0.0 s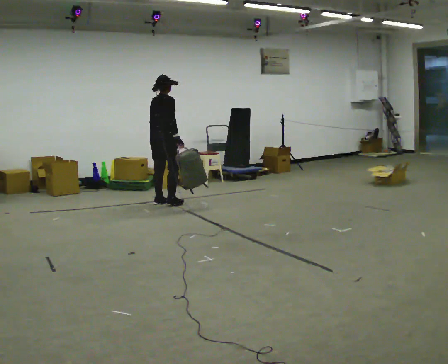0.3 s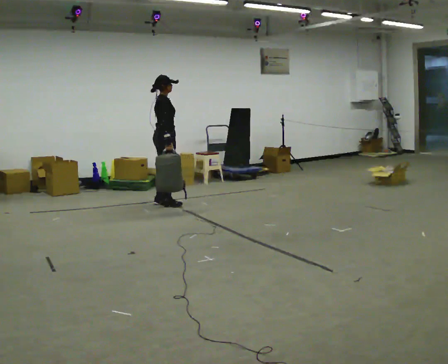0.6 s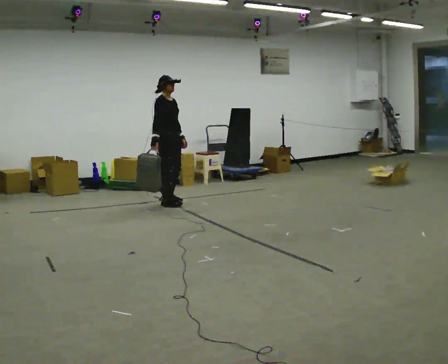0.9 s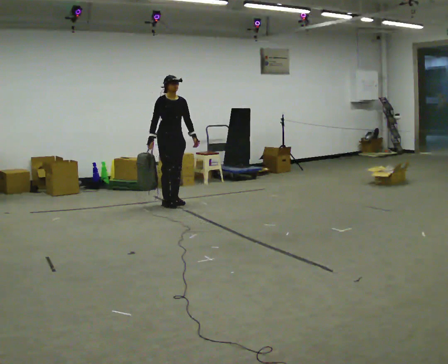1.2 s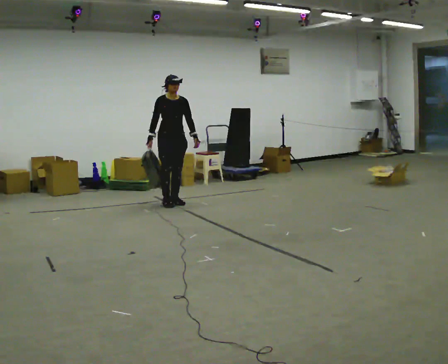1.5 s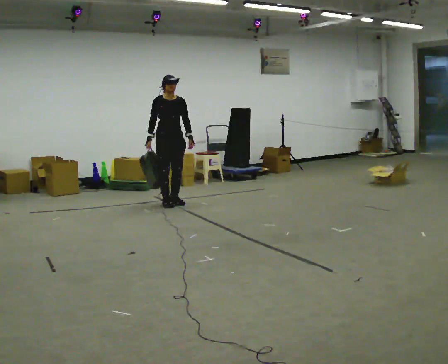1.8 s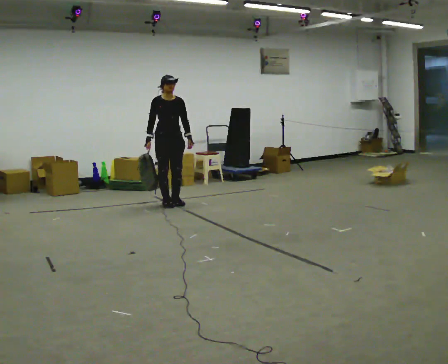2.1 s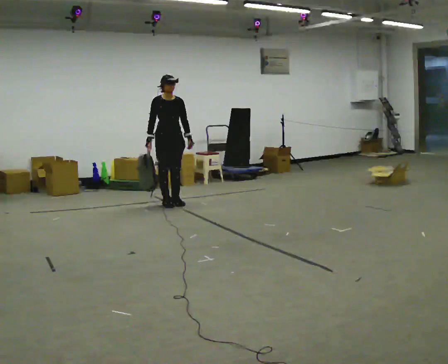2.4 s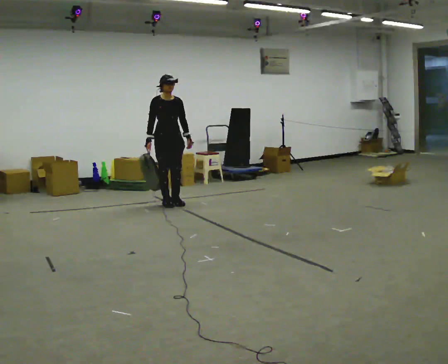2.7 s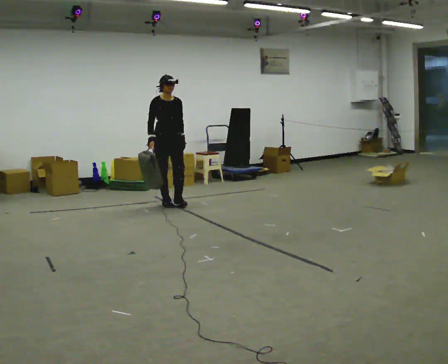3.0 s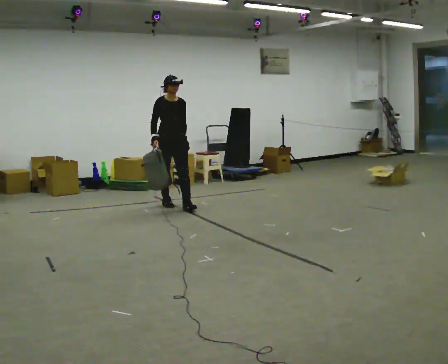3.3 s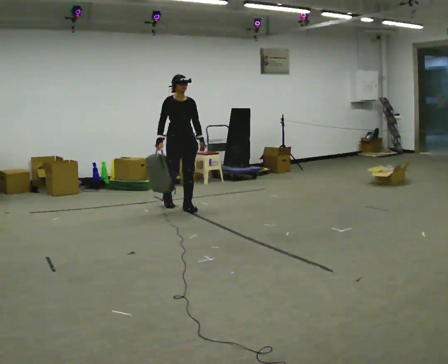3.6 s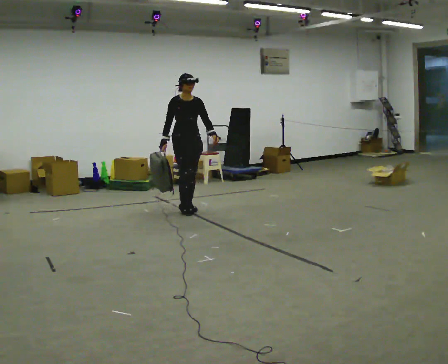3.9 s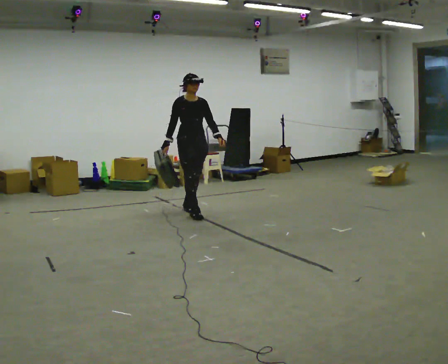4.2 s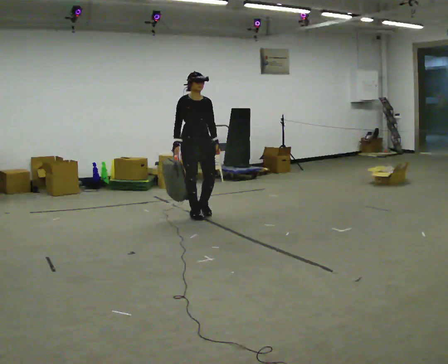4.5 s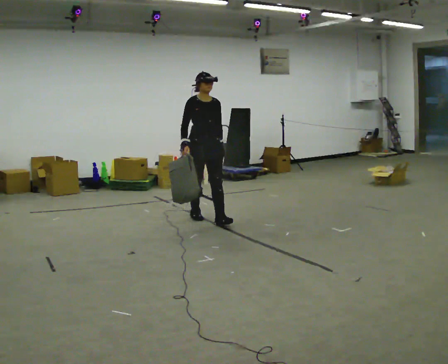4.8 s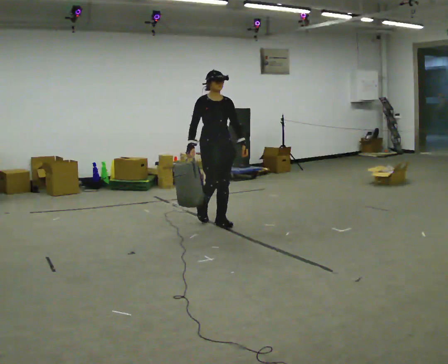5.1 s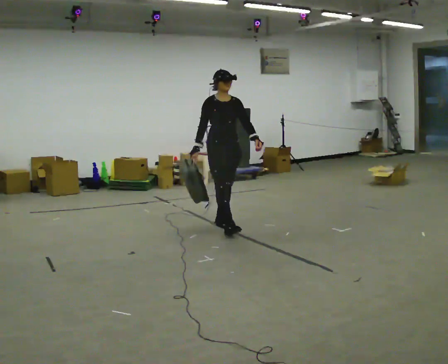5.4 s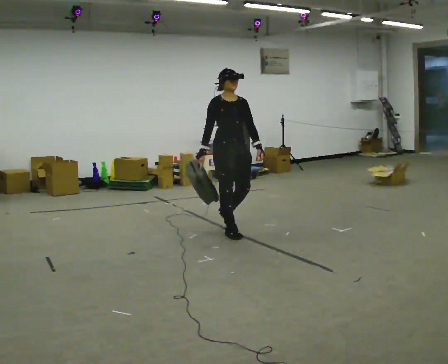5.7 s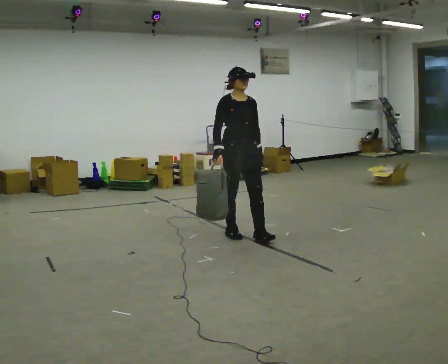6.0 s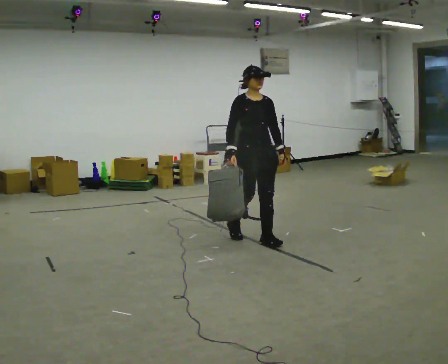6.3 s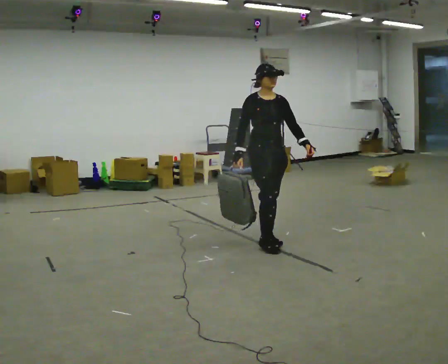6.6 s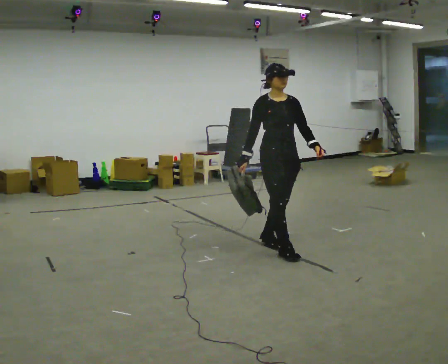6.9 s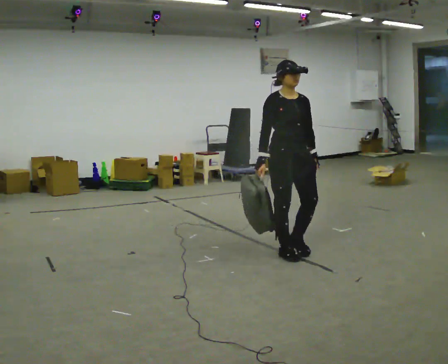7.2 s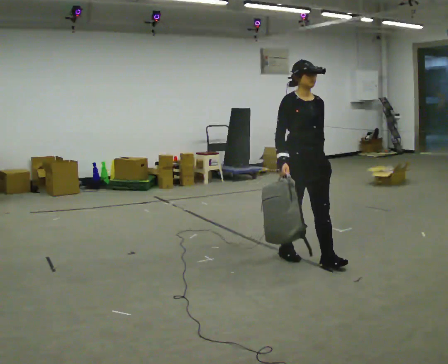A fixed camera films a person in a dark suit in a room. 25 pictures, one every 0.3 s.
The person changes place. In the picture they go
toward the camera.
0.0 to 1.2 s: Seen from above the body turns clockwise, about 120 degrees: to their right, with its near side sliding to the left. In the picture their right hand goes to the left, the arm swinging clockwise.
1.2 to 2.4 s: The person moves a little, or ends about where they began.
2.4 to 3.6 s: In the picture they go toward the camera and to the right, about 0.25 m in 1 step, which for them is forward.
3.6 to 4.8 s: In the picture they go toward the camera and to the right, about 0.5 m in 2 steps, which for them is forward.
4.8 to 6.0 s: In the picture they go toward the camera and to the right, about 1 m in 2 steps, which for them is forward.
6.0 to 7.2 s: In the picture they go toward the camera and to the right, about 0.5 m in 2 steps, which for them is forward.
The film runs forward here.
